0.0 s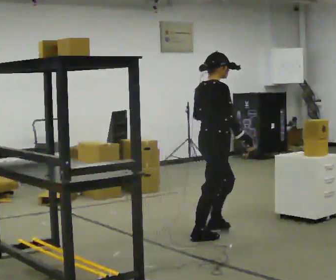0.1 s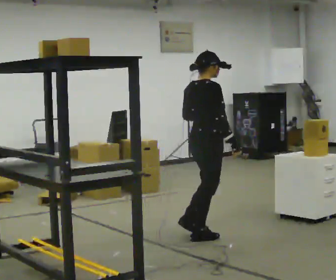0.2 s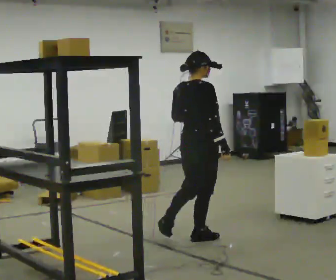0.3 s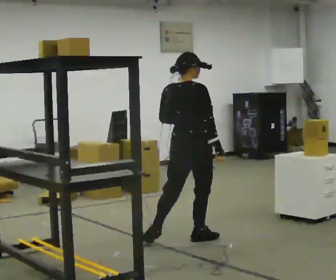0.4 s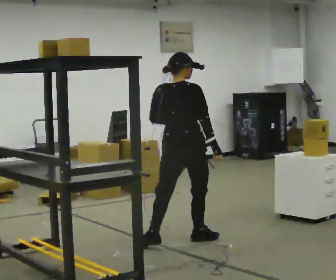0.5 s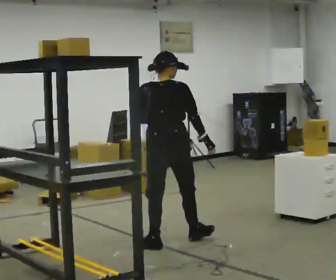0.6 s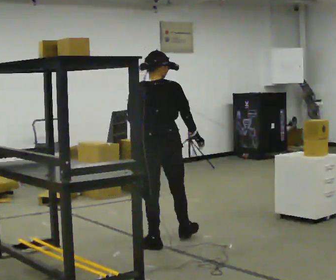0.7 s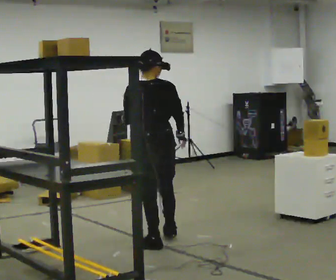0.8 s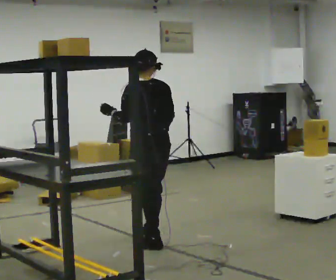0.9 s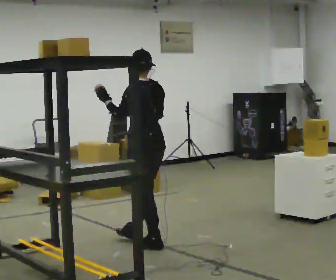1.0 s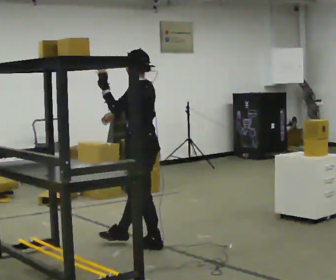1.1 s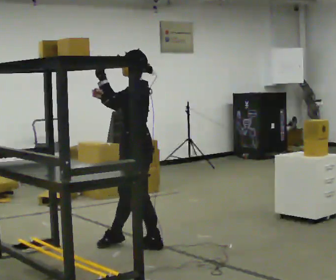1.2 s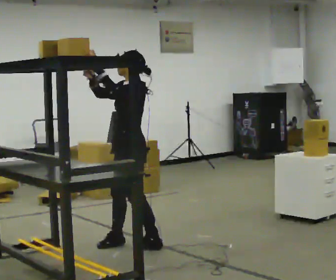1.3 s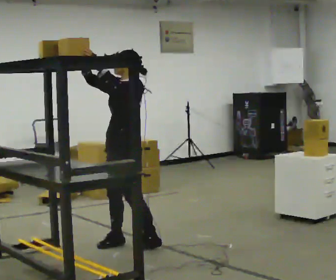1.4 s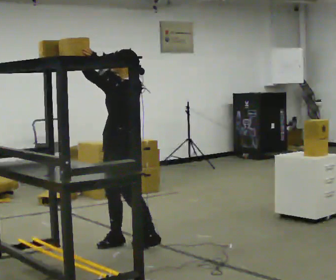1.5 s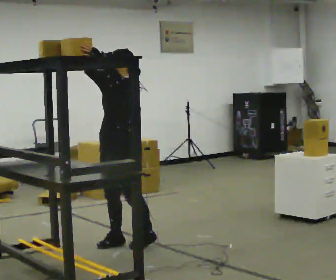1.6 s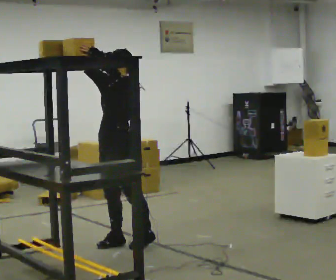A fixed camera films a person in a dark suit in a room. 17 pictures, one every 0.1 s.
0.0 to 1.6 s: The part of the body nearest the lens slides to the right as the person turns to their left by about 195 degrees. In the picture they go to the left, about 0.5 m in 1 step. In the picture their right hand goes upward.
The film runs backward here.
